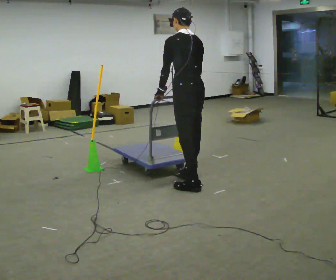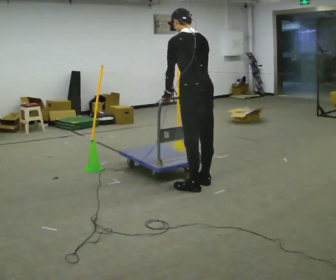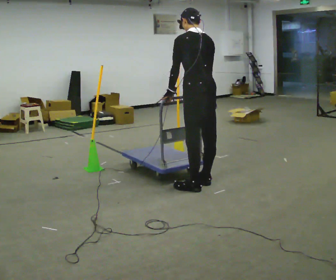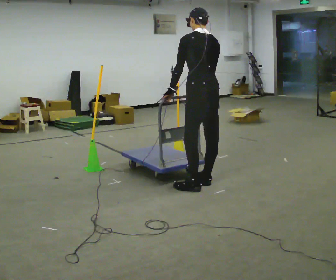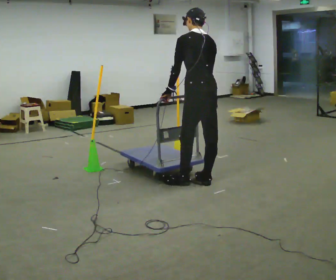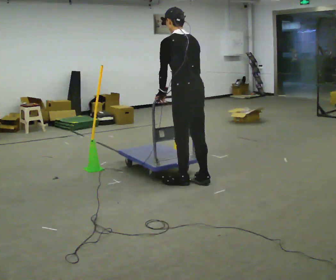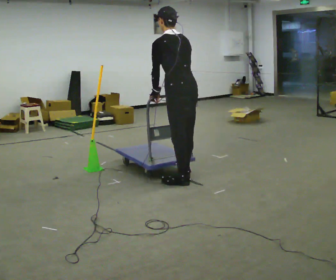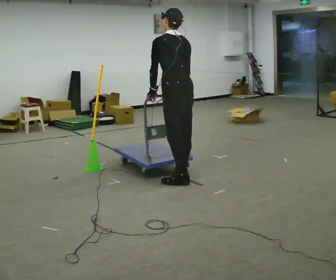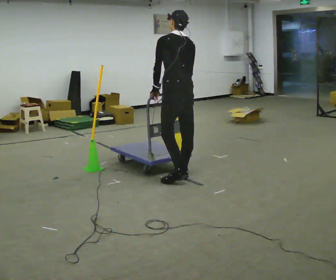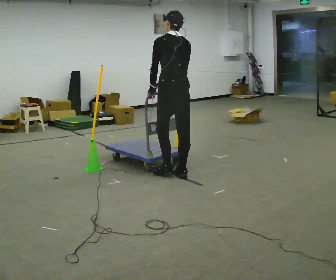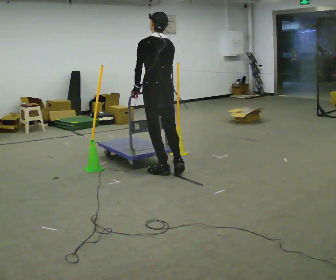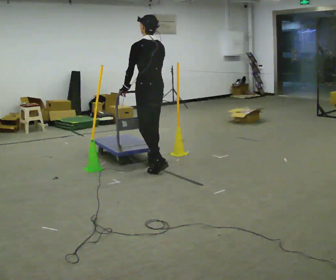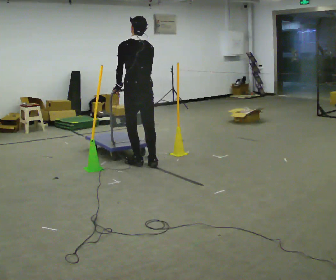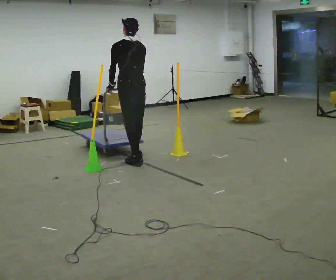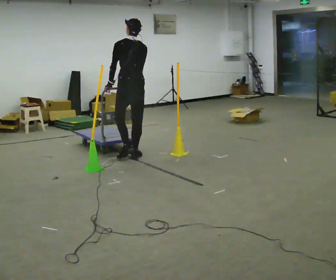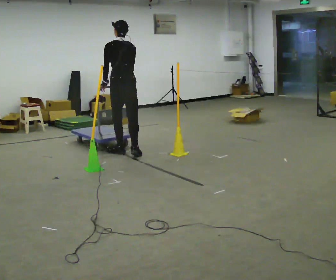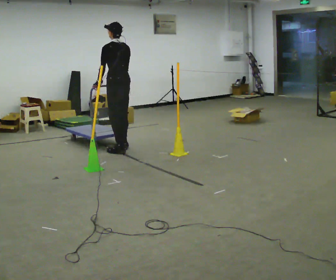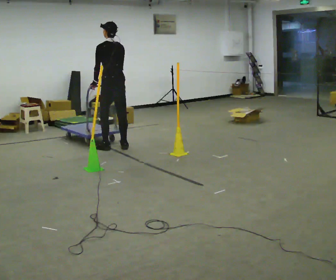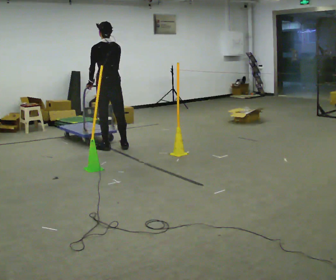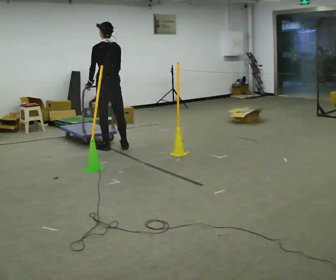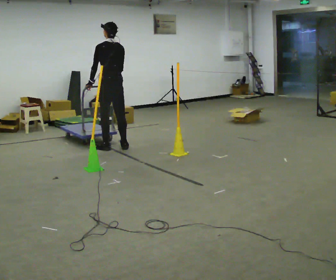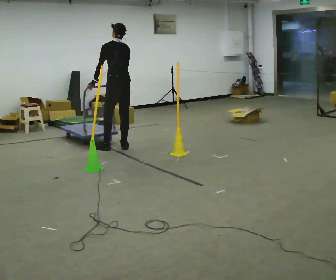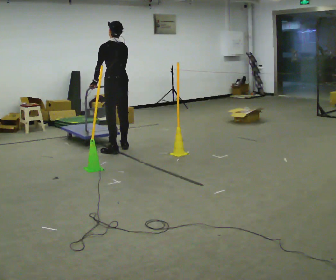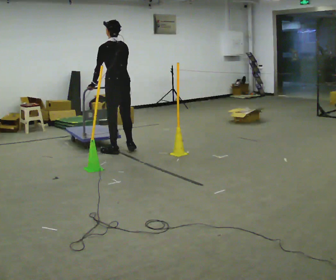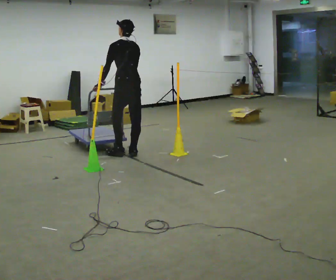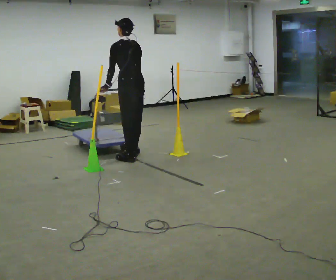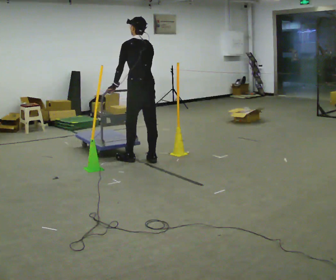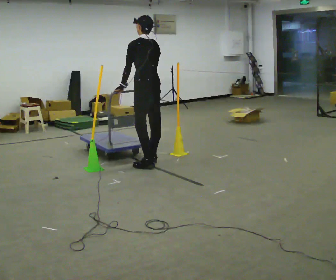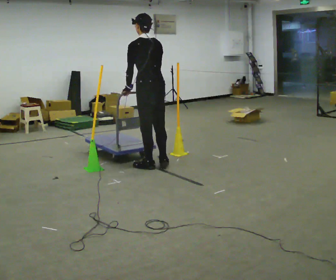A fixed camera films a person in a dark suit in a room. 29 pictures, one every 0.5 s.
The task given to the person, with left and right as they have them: Push the cart through the gap between the poles without touching them, then bring it back through.
0.0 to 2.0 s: The person moves a little, or ends about where they began.
2.0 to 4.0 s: In the picture they go away from the camera and to the left, about 0.25 m in 1 step, which for them is forward.
4.0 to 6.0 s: In the picture they go away from the camera and to the left, about 0.75 m in 3 steps, which for them is forward.
6.0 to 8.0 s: In the picture they go away from the camera, about 1 m in 3 steps, which for them is forward.
8.0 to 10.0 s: The person moves a little, or ends about where they began.
10.0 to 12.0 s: In the picture they go toward the camera and to the right, about 0.5 m in 2 steps, which for them is backward.
12.0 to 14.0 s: In the picture they go toward the camera and to the right, about 0.5 m in 3 steps, which for them is backward.
The film runs forward here.
